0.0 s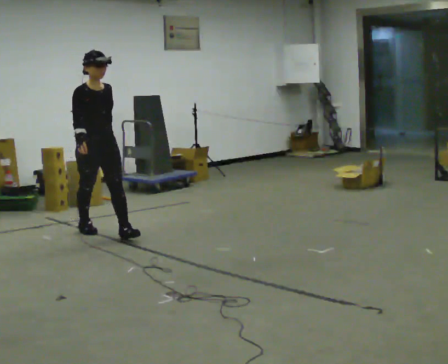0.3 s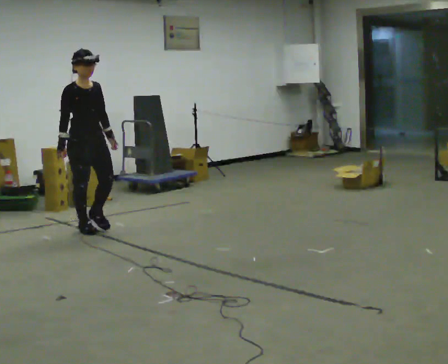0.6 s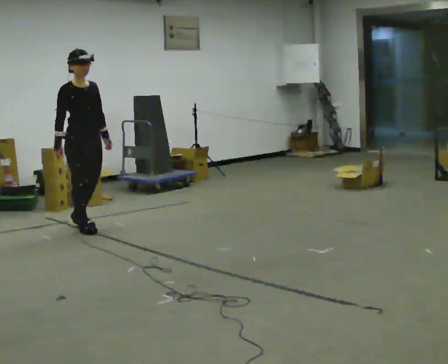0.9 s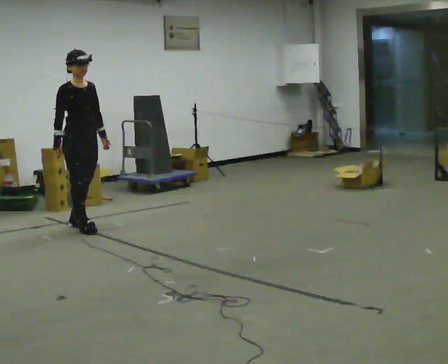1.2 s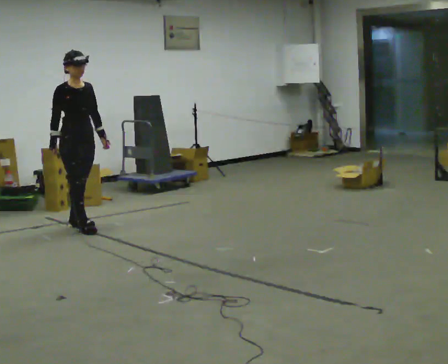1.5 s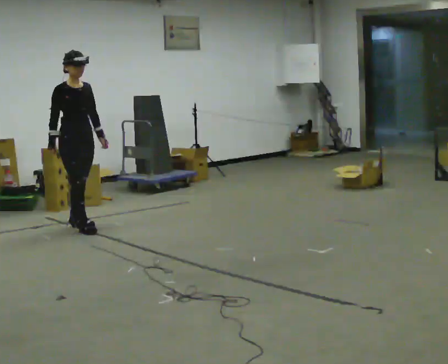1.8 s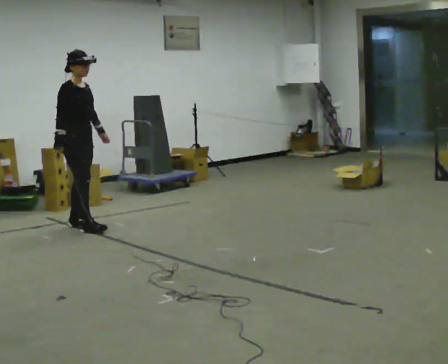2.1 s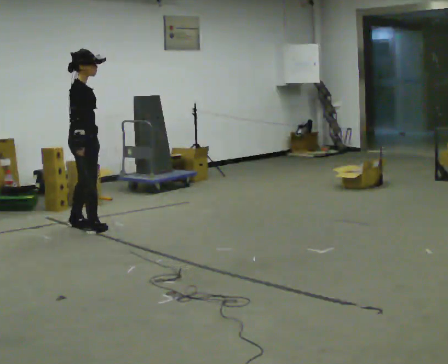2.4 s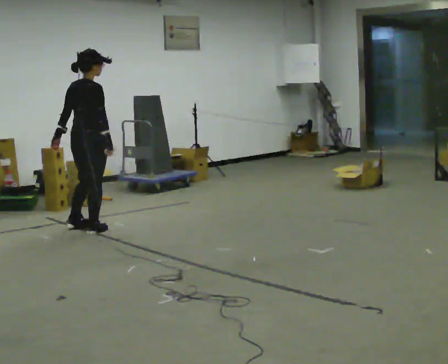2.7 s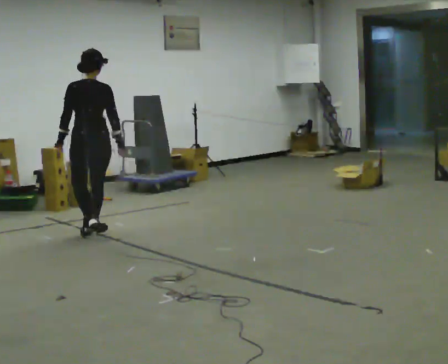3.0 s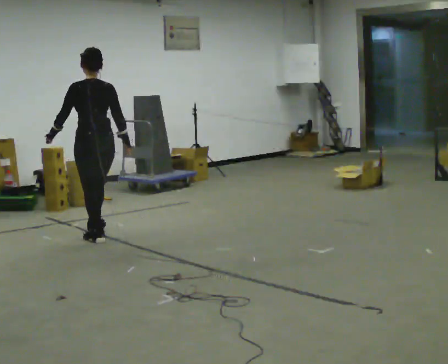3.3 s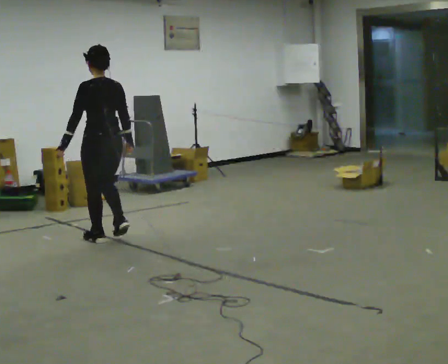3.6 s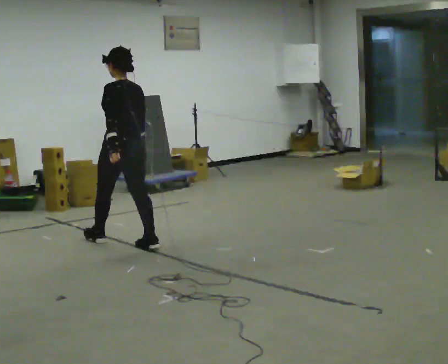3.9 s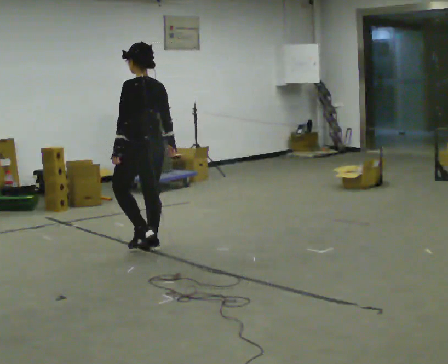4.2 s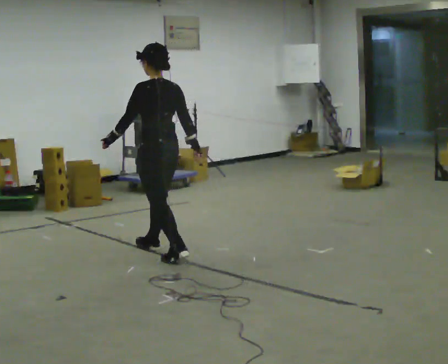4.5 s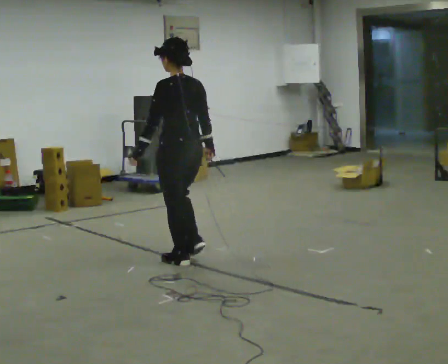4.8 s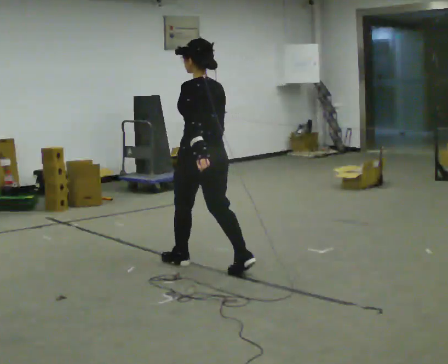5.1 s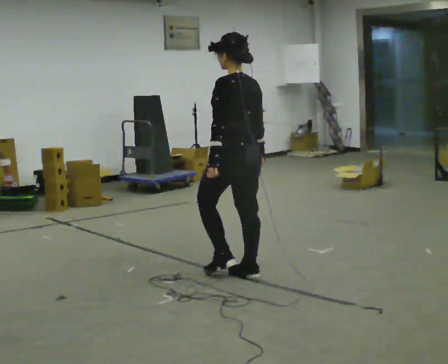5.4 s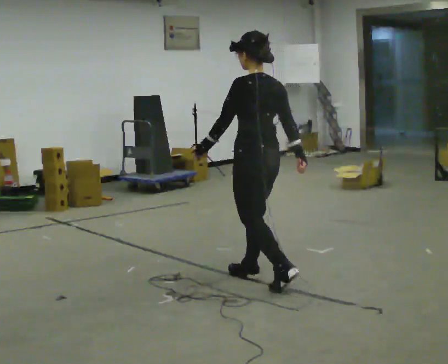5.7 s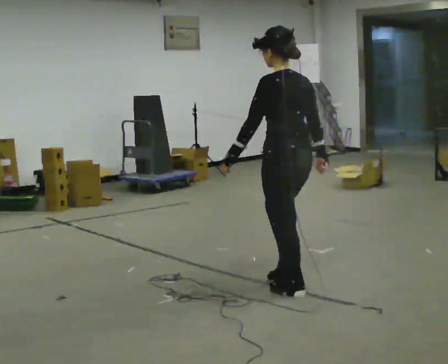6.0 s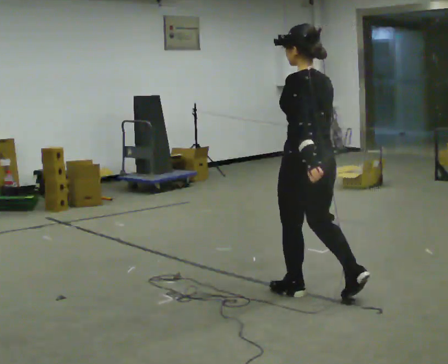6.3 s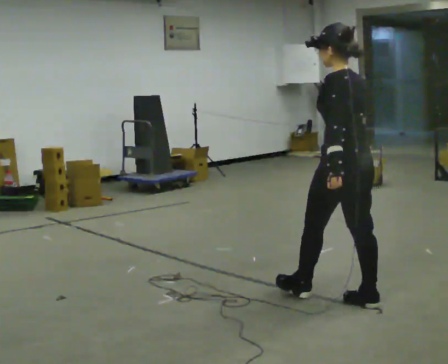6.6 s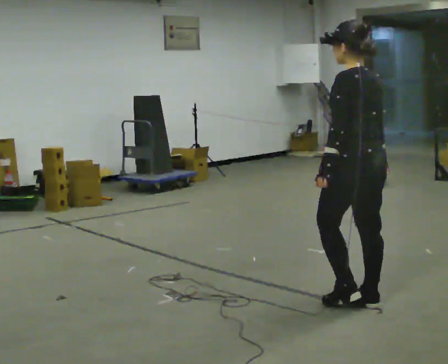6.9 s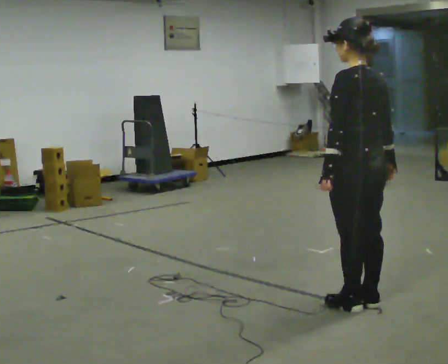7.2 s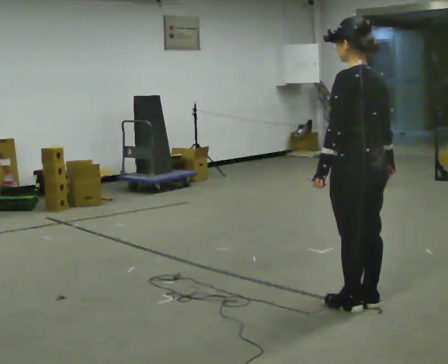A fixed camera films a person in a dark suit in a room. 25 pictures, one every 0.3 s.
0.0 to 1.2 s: In the picture they go away from the camera and to the left, about 0.25 m, which for them is backward.
1.2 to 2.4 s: Seen from above the body turns counterclockwise, about 90 degrees: to their left, with its near side sliding to the right. In the picture they go toward the camera, about 0.25 m in 1 step. In the picture their left hand goes to the left, the arm swinging clockwise.
2.4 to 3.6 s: Seen from above the body turns counterclockwise, about 75 degrees: to their left, with its near side sliding to the right. In the picture they go toward the camera and to the right, about 0.75 m in 1 step.
3.6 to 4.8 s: In the picture they go toward the camera and to the right, about 1 m in 2 steps, which for them is backward.
4.8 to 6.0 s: In the picture they go toward the camera and to the right, about 1 m in 2 steps, which for them is backward.
6.0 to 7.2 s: In the picture they go toward the camera and to the right, about 0.25 m in 1 step, which for them is backward.
The film runs backward here.
